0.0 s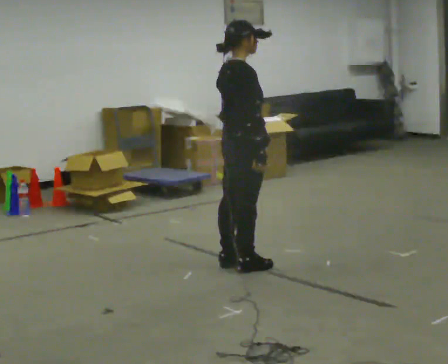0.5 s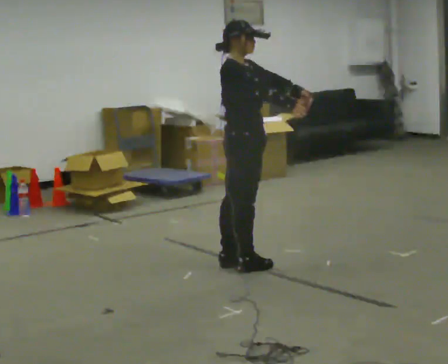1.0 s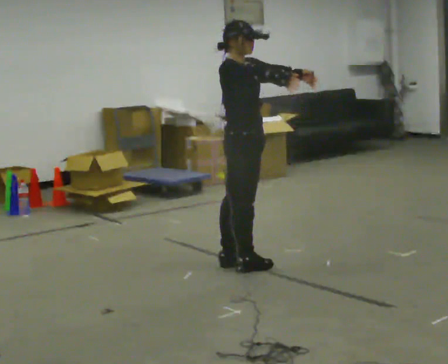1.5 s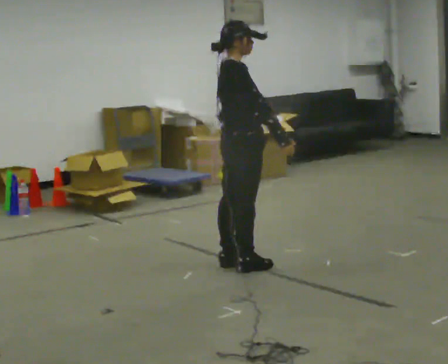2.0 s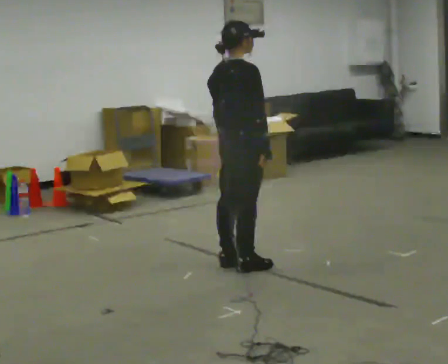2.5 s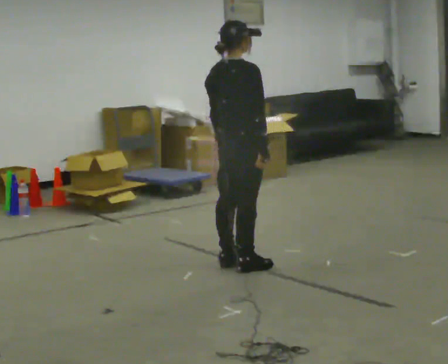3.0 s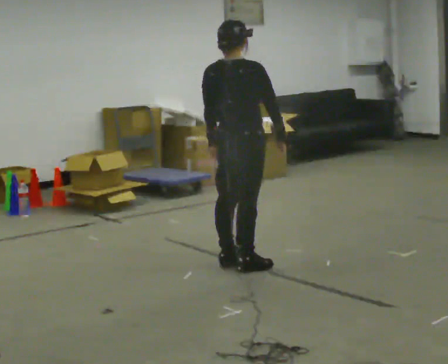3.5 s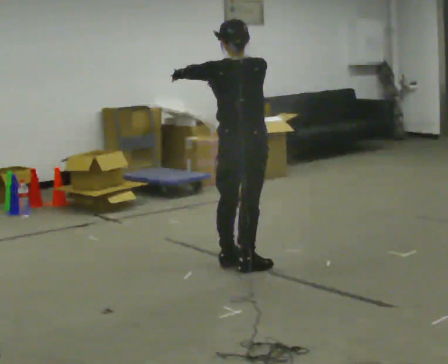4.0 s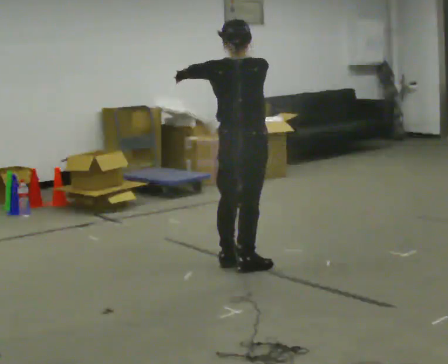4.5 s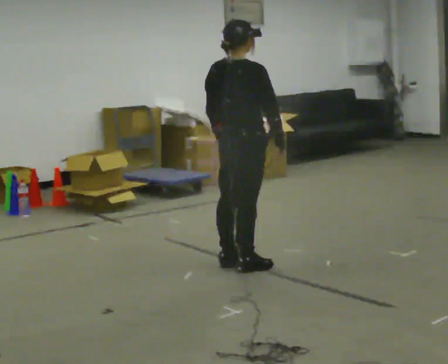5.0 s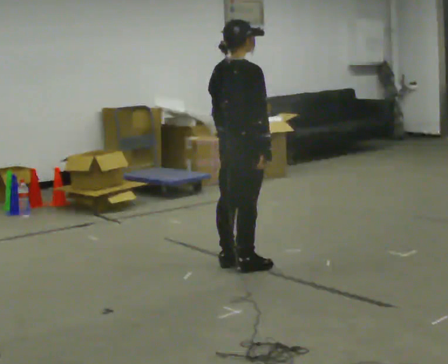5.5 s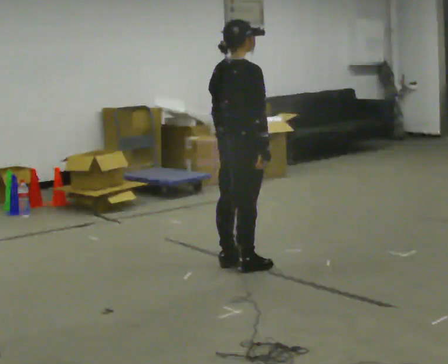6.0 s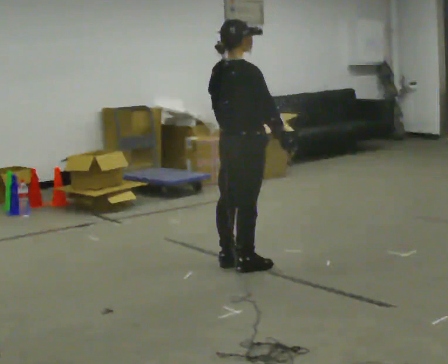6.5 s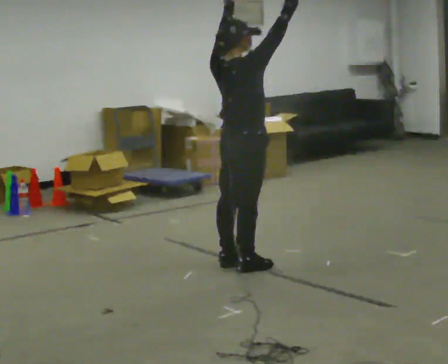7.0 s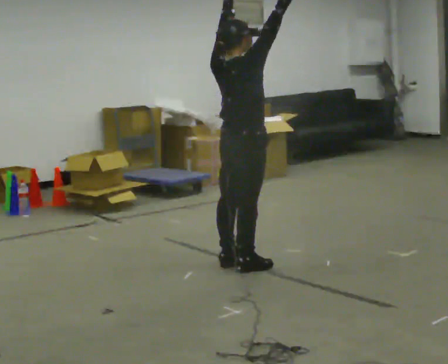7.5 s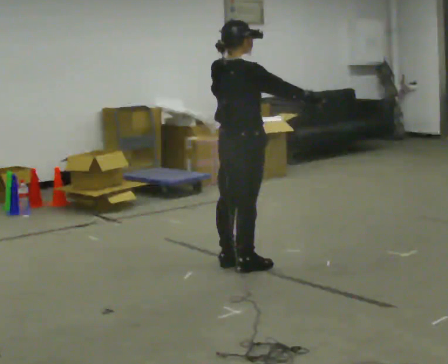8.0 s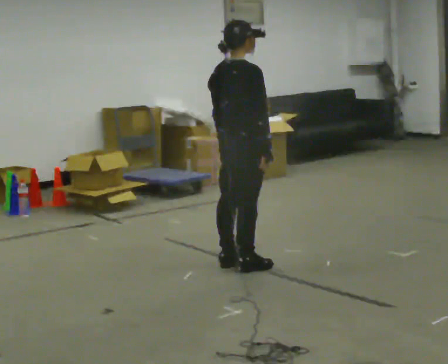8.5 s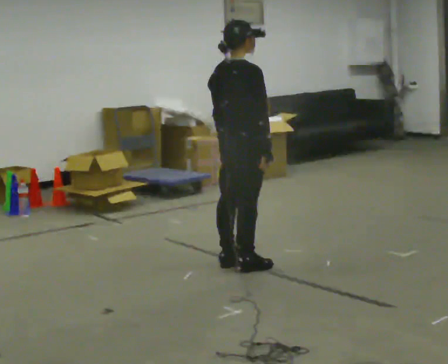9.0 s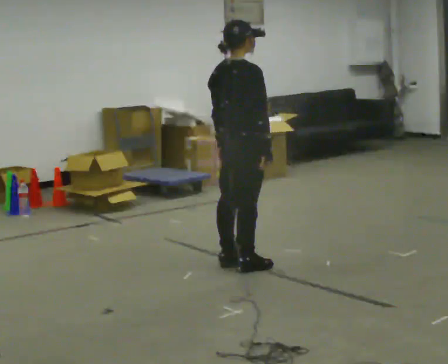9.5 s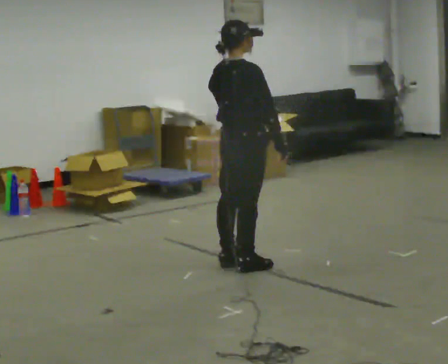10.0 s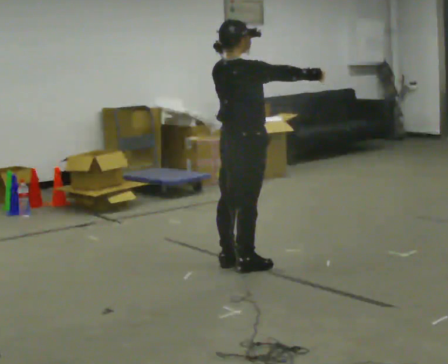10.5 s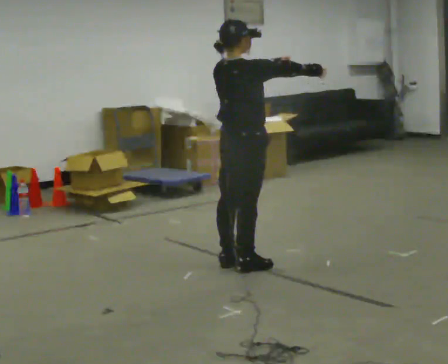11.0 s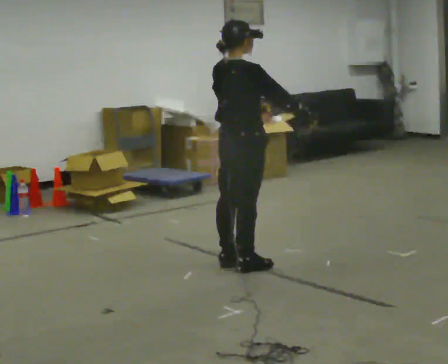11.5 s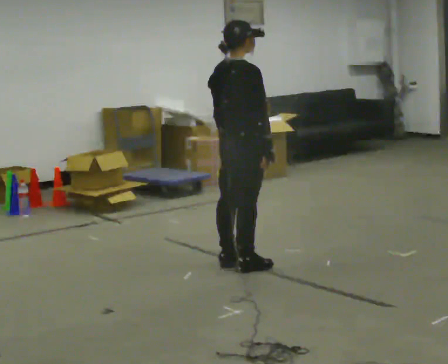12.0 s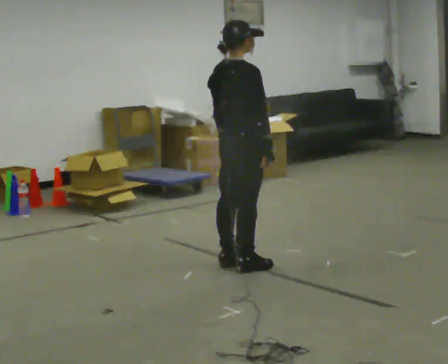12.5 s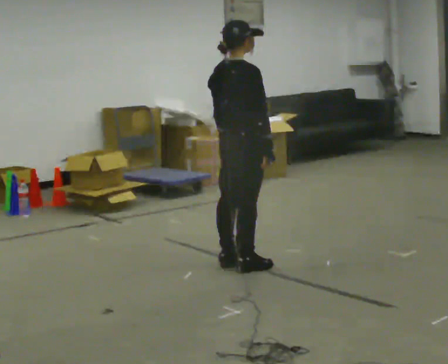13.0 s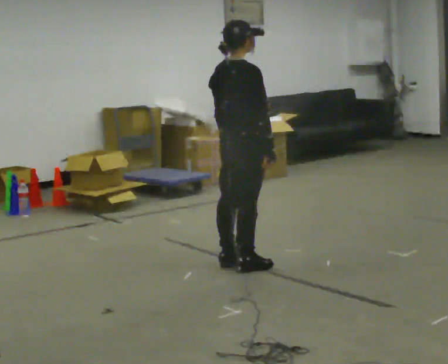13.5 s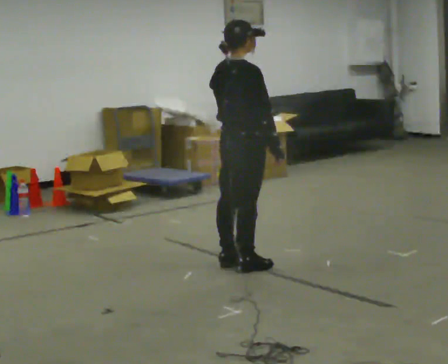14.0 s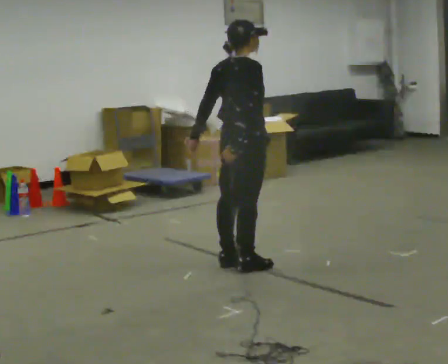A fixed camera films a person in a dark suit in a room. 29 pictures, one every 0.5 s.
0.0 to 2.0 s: The person moves a little, or ends about where they began.
2.0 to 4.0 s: The person turns about 30 degrees to their left, counterclockwise seen from above, so the part of the body nearest the lens slides to the right. In the picture their right hand goes upward.
4.0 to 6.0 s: The person turns about 30 degrees to their right, clockwise seen from above, so the part of the body nearest the lens slides to the left. In the picture their right hand goes downward.
6.0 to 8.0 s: The person moves a little, or ends about where they began.
8.0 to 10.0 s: In the picture their right hand goes upward and to the right, the arm swinging counterclockwise.
10.0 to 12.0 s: In the picture their right hand goes downward and to the left, the arm swinging clockwise.
12.0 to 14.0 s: The person moves a little, or ends about where they began.
The film runs backward here.
